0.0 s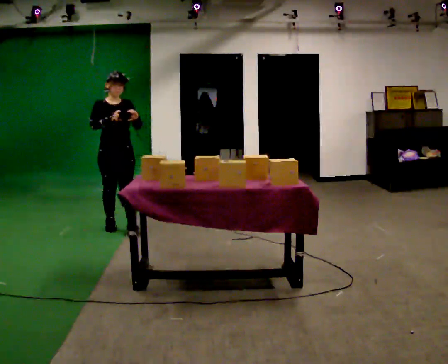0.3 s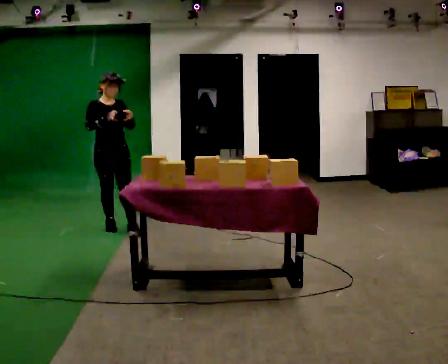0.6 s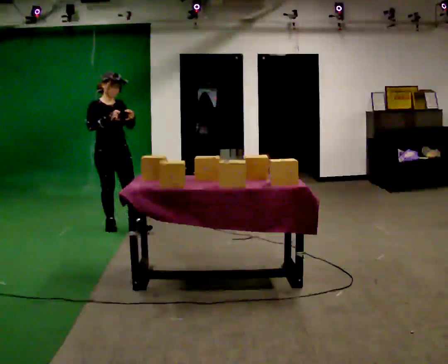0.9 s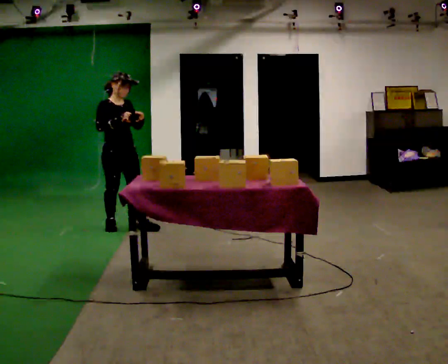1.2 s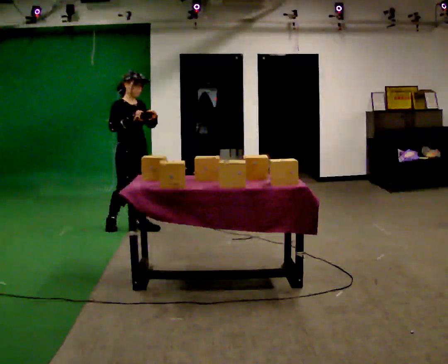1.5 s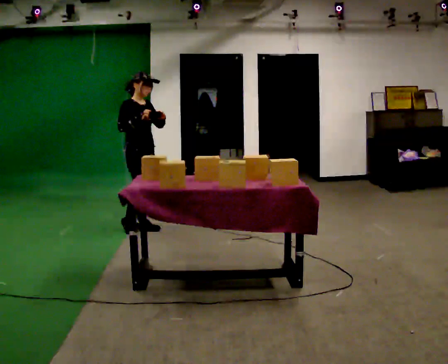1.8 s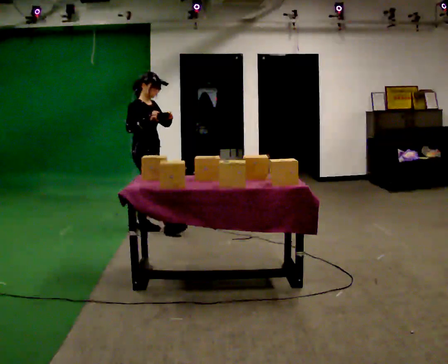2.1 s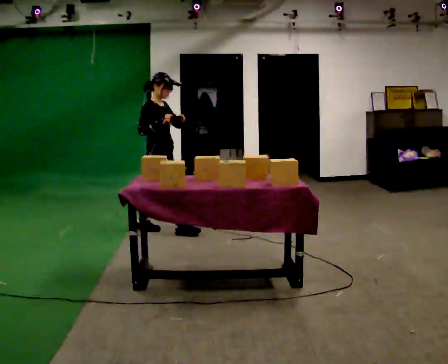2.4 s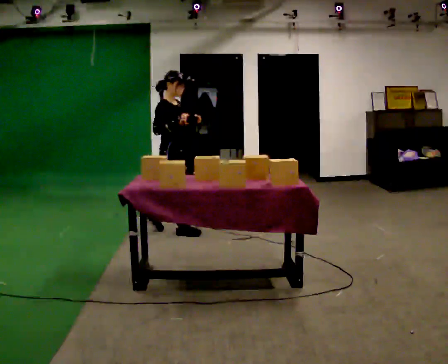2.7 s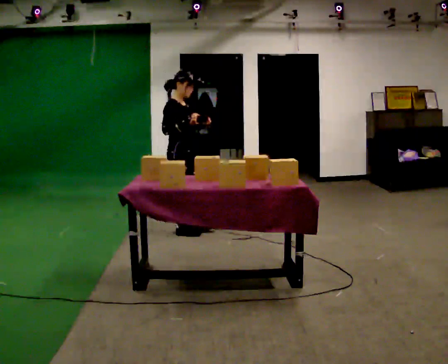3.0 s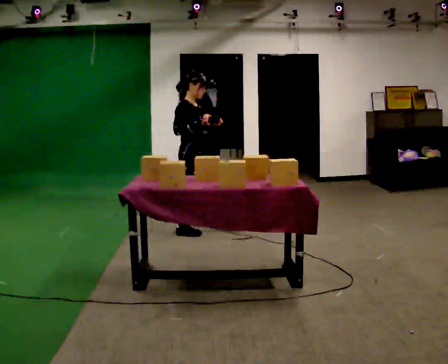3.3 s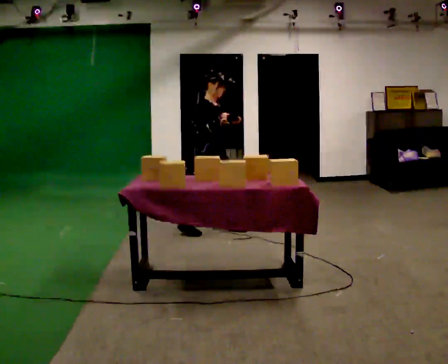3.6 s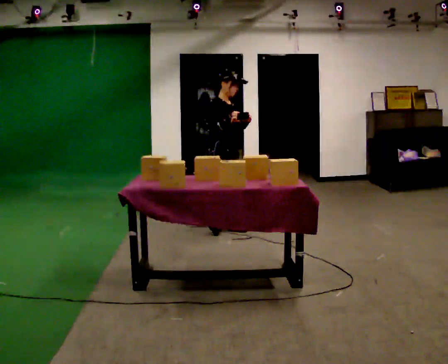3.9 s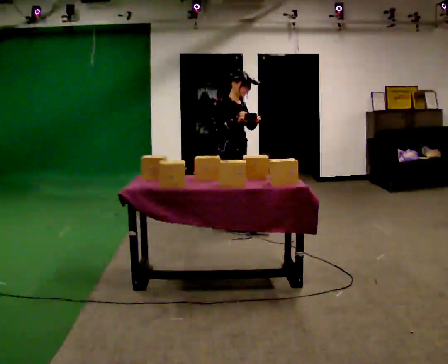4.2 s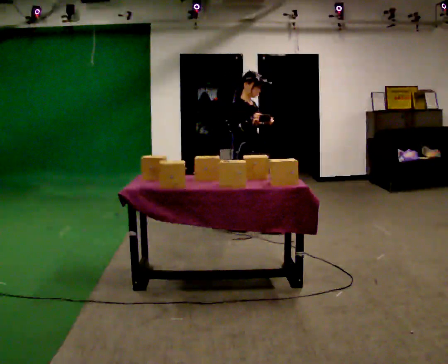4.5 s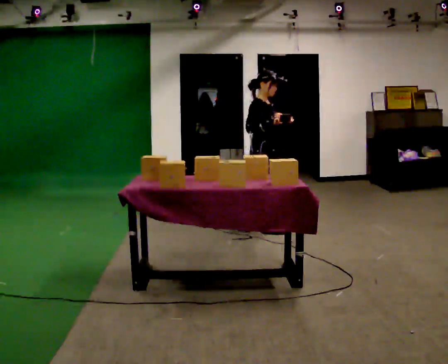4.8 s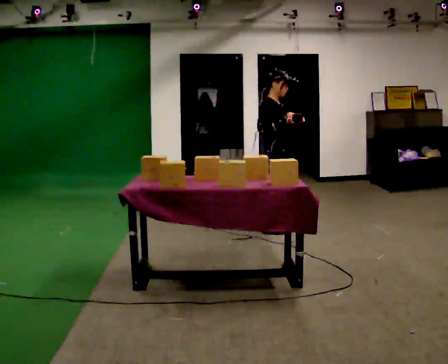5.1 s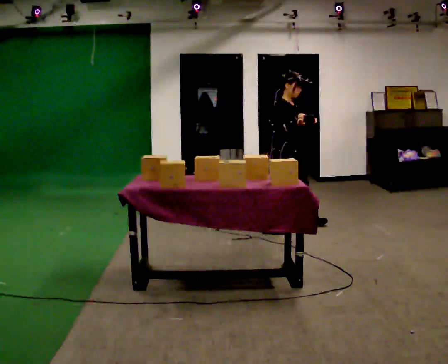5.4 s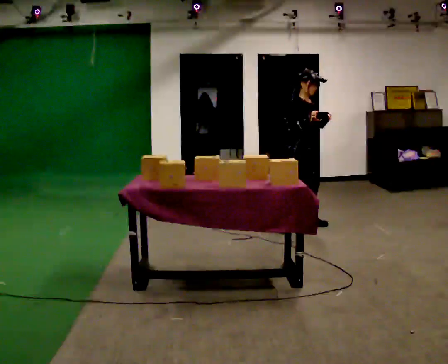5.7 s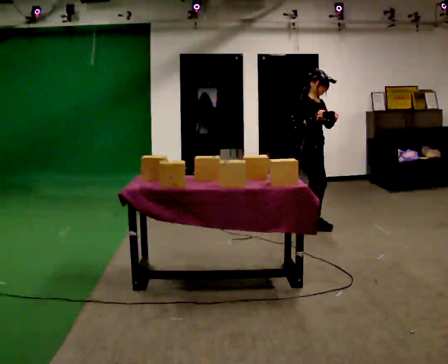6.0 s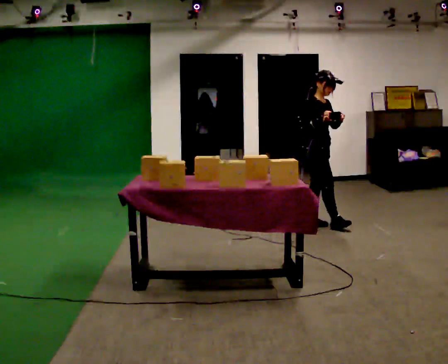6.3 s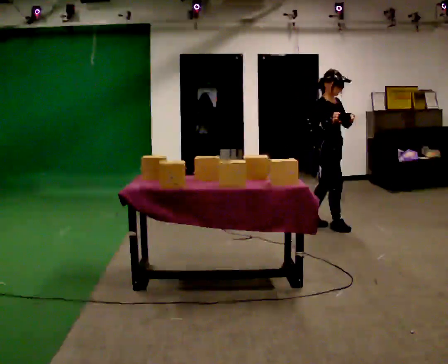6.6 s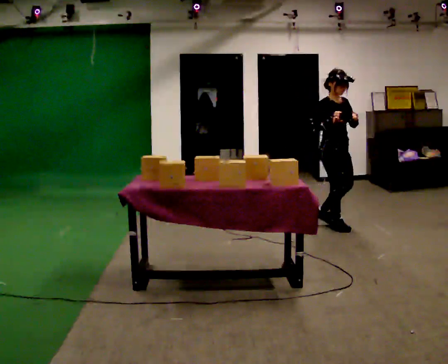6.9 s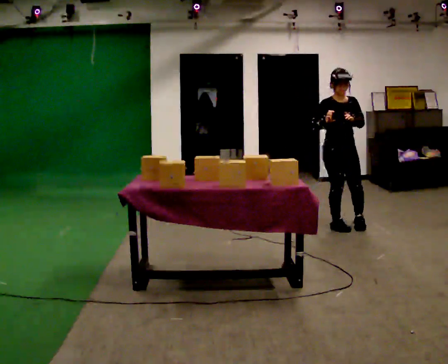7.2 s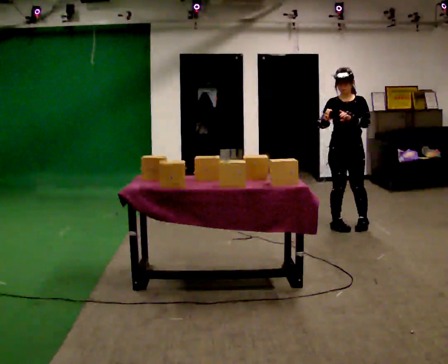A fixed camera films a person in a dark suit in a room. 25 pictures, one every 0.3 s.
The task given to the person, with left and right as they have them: Carry the handheld device and, while walking, point it at the labels on the shelves and press the button as if scanning them.
0.0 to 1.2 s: Seen from above the body turns counterclockwise, about 45 degrees: to their left, with its near side sliding to the right. In the picture they go to the right, about 0.25 m, which for them is to their left.
1.2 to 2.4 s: The person turns about 30 degrees to their left, counterclockwise seen from above, so the part of the body nearest the lens slides to the right. In the picture they go to the right, about 0.5 m in 1 step, which for them is forward.
2.4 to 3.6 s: In the picture they go to the right, about 0.5 m in 1 step, which for them is forward and to their left.
3.6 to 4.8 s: In the picture they go to the right, about 0.5 m in 1 step, which for them is forward.
4.8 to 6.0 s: In the picture they go to the right, about 0.5 m in 2 steps, which for them is to their left and forward.
6.0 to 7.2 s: The part of the body nearest the lens slides to the left as the person turns to their right by about 75 degrees. In the picture they go to the right and toward the camera, about 0.25 m in 1 step.
The film runs forward here.
